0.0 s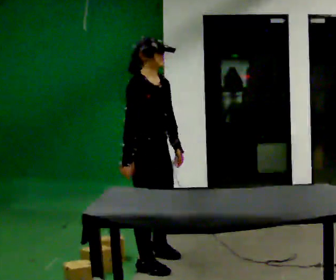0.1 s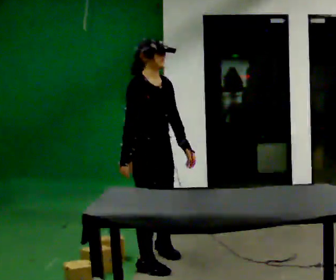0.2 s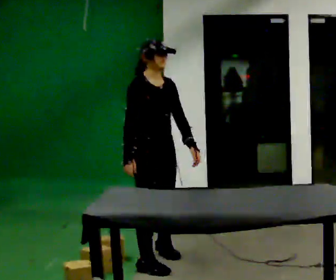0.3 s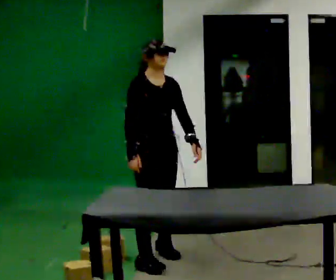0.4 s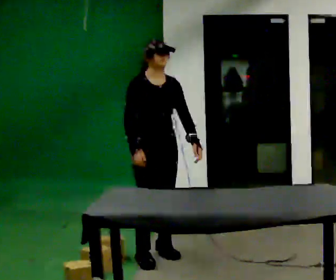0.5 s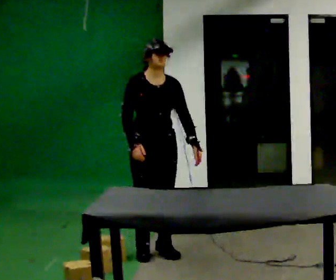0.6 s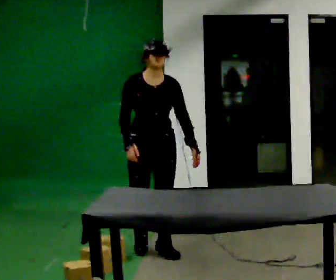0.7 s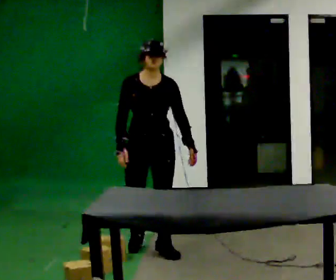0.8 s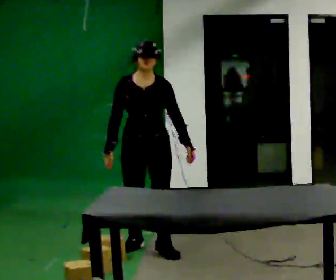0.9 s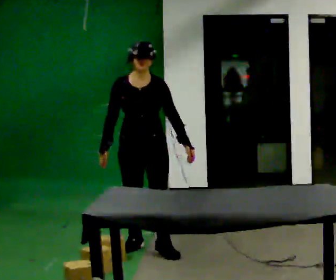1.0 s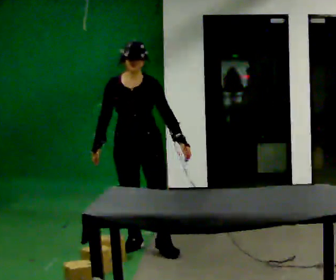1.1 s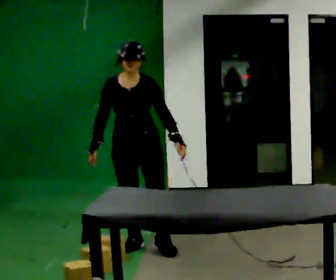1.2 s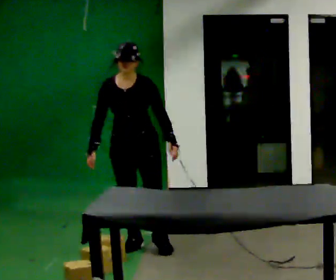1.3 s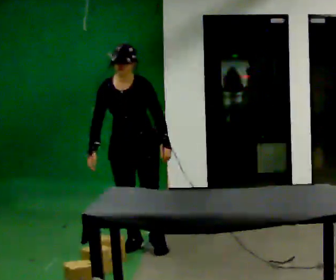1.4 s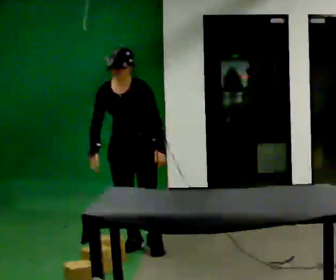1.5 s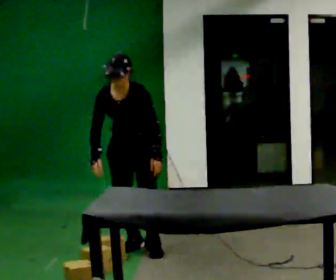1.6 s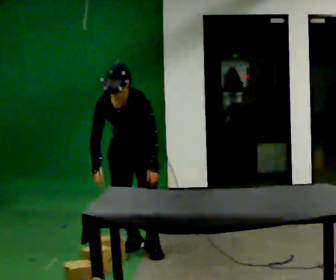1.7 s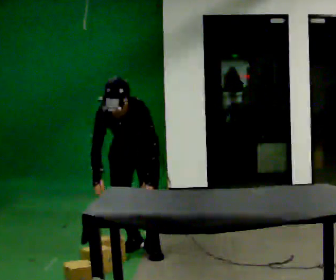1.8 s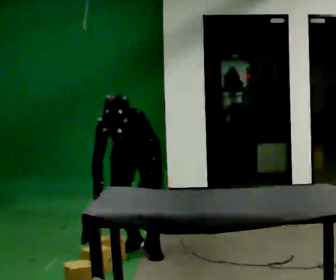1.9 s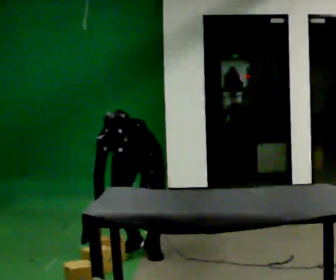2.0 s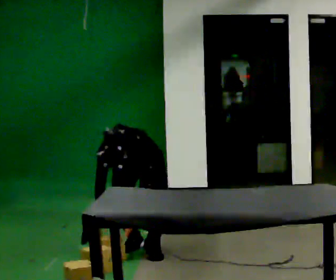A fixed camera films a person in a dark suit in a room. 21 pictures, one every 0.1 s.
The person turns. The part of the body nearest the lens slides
to the left.
The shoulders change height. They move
downward.
0.0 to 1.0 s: The person turns about 60 degrees to their right, clockwise seen from above, so the part of the body nearest the lens slides to the left. In the picture they go away from the camera, about 0.5 m in 1 step.
1.0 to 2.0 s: The upper body goes downward. The upper body tips toward the camera, its near side rolling downward, as they bend forward. In the picture their left hand goes downward and to the left.
The film runs backward here.
